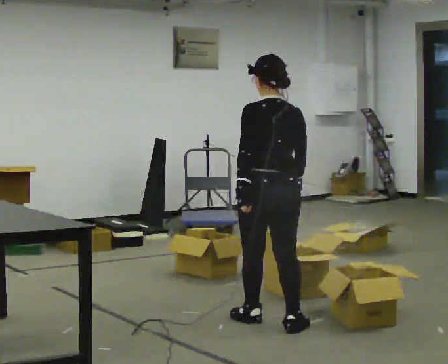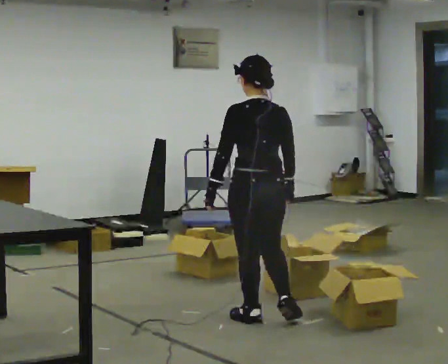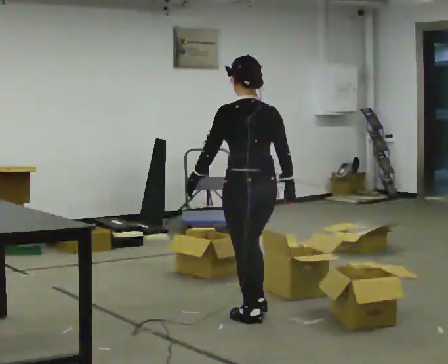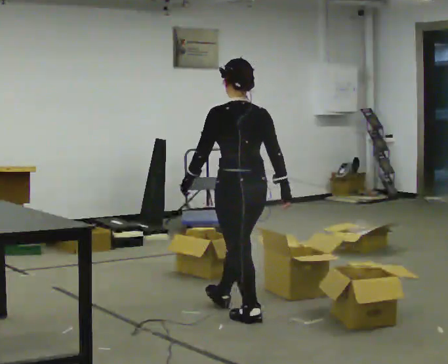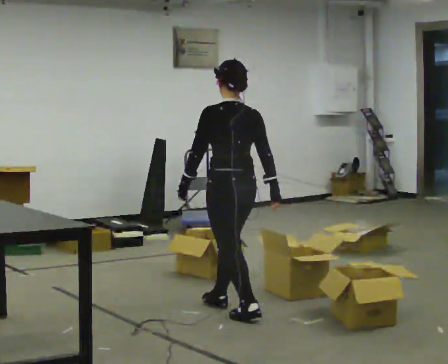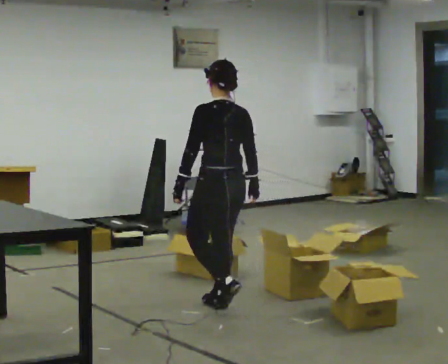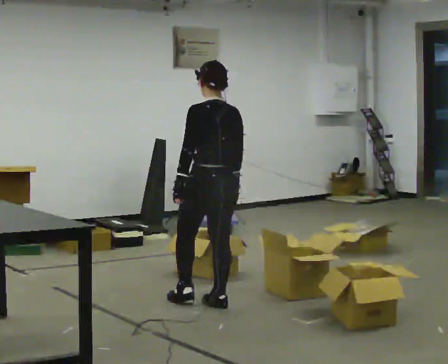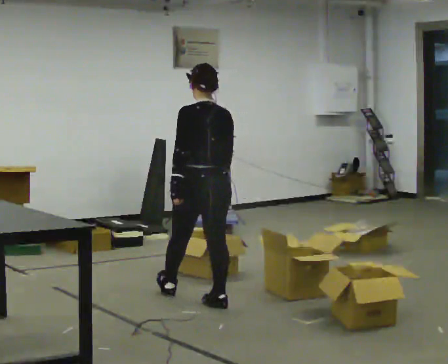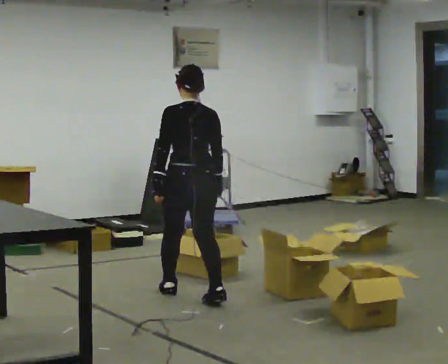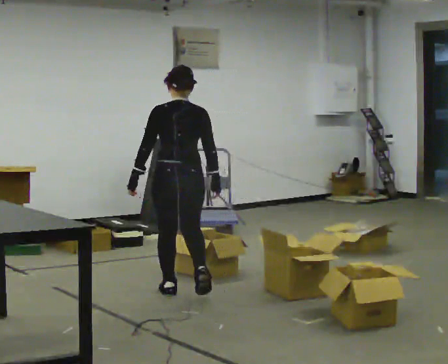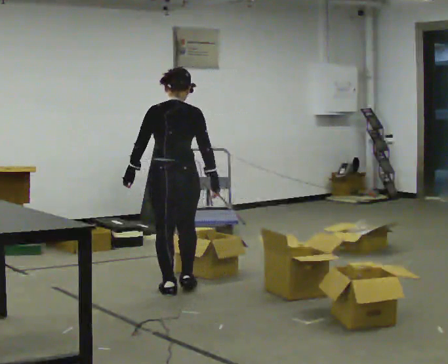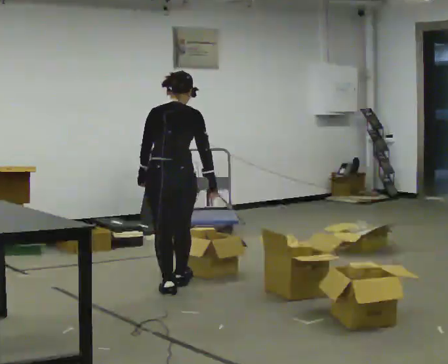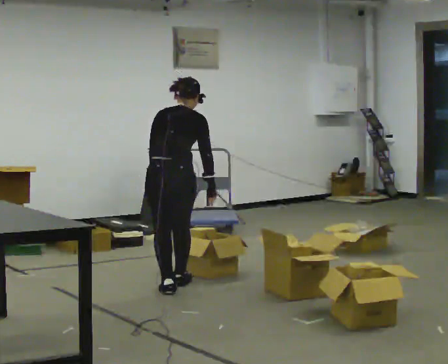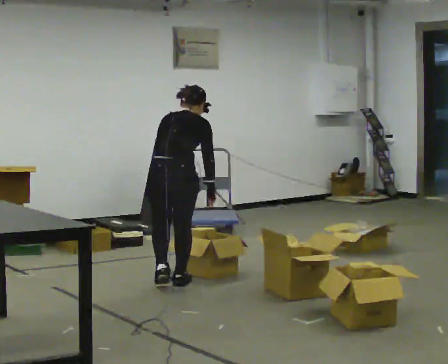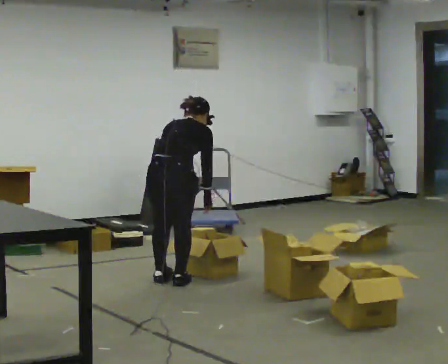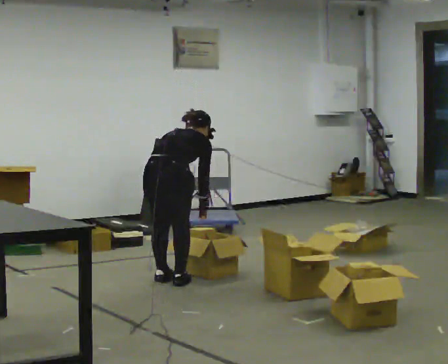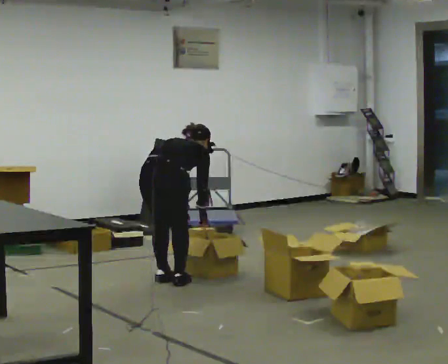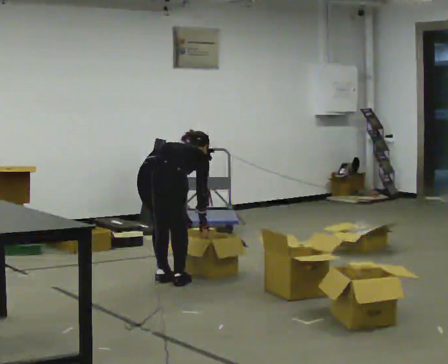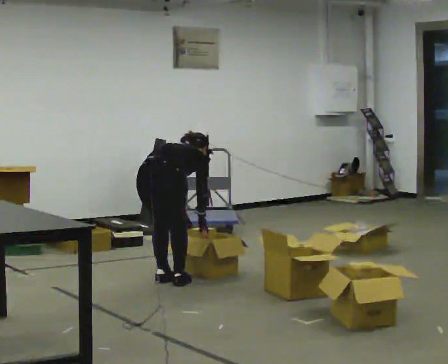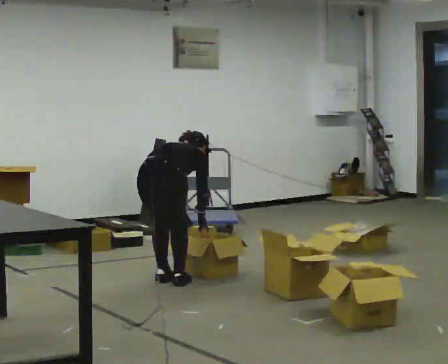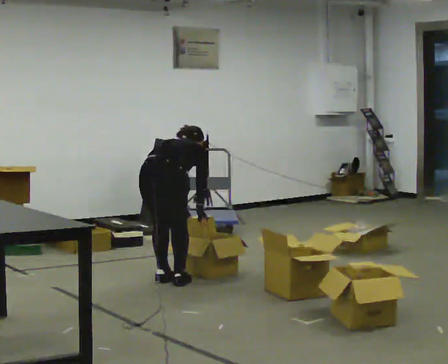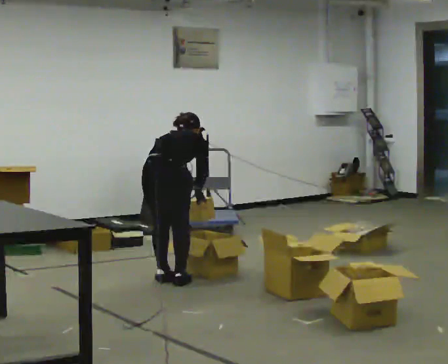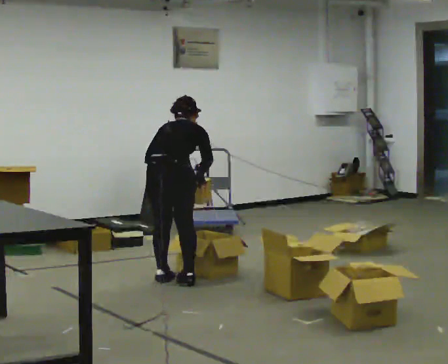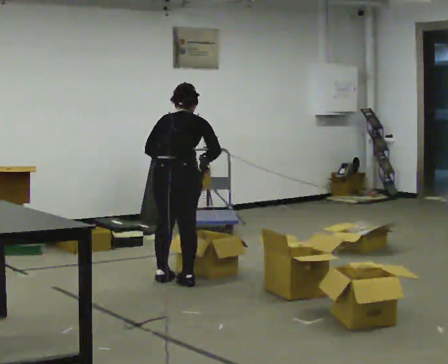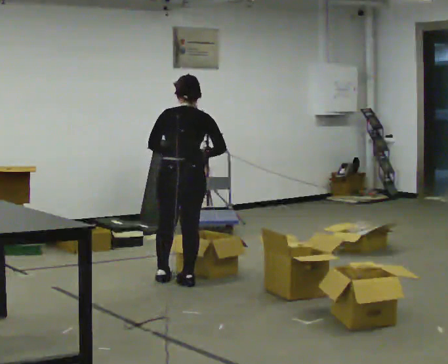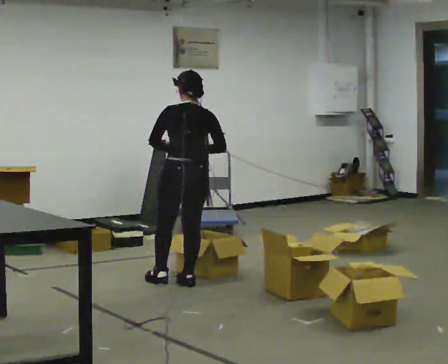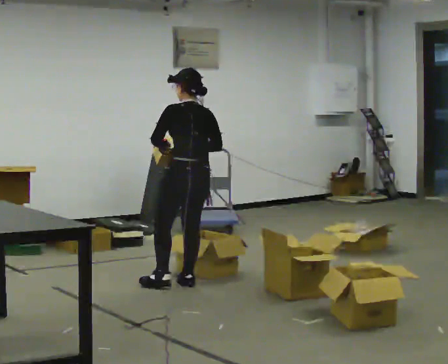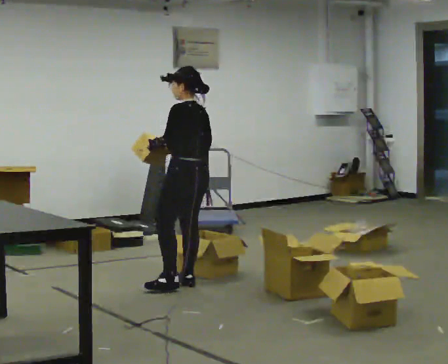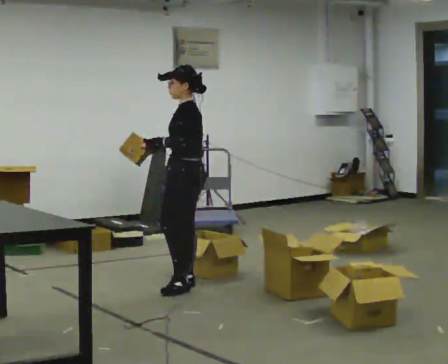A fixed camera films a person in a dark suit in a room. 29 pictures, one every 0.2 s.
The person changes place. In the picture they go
away from the camera.
The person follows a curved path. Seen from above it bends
clockwise.
0.0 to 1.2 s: In the picture they go away from the camera and to the left, about 0.5 m in 1 step, which for them is forward.
1.2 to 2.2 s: The person turns about 30 degrees to their right, clockwise seen from above, so the part of the body nearest the lens slides to the left. In the picture they go away from the camera and to the left, about 0.5 m in 2 steps, which for them is forward and to their left.
2.2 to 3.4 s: In the picture they go away from the camera, about 0.25 m in 1 step, which for them is forward and to their left. The upper body goes downward. The upper body tips away from the camera, its near side rolling upward, as they bend forward. In the picture their left hand goes downward.
3.4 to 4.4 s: The shoulders move upward. In the picture the upper body tilts counterclockwise, shoulders to the left, as they lean back or straighten. In the picture their left hand goes upward.
4.4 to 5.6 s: The part of the body nearest the lens slides to the right as the person turns to their left by about 90 degrees. The upper body tips toward the camera, its near side rolling downward, as they lean back or straighten. In the picture their right hand goes to the left.
The film runs forward here.
